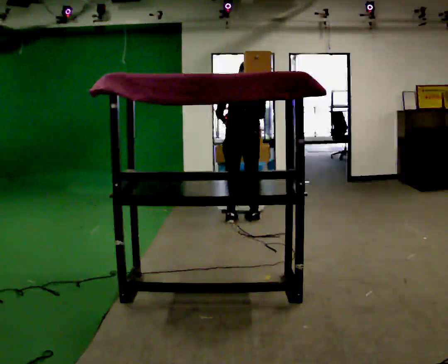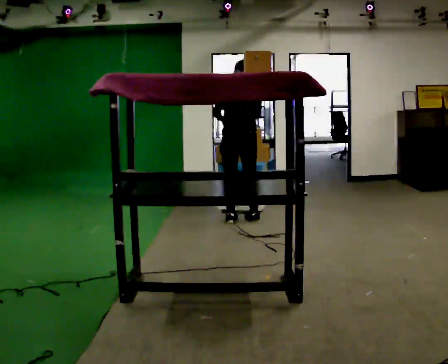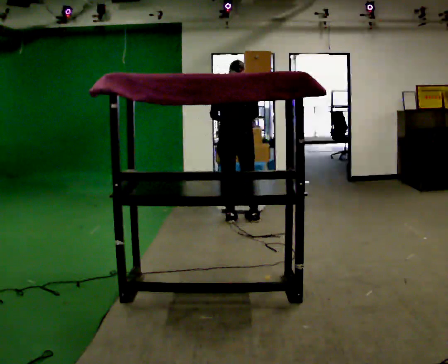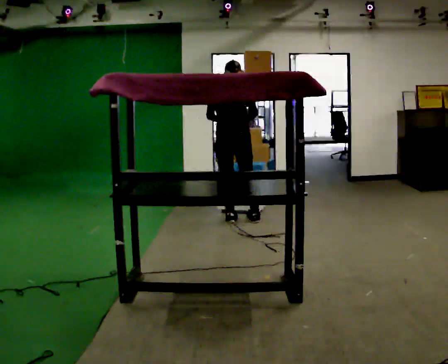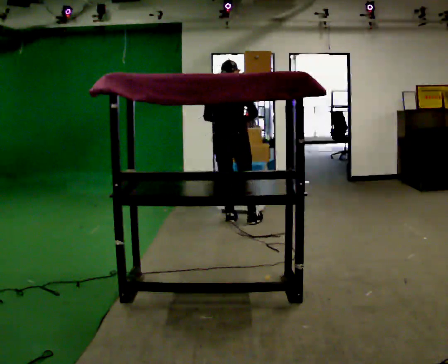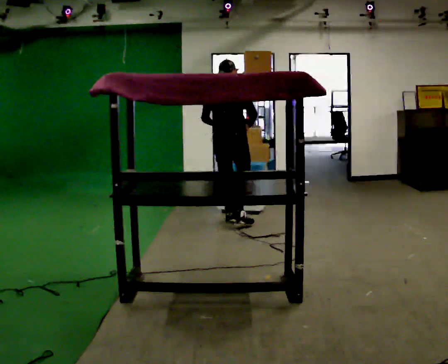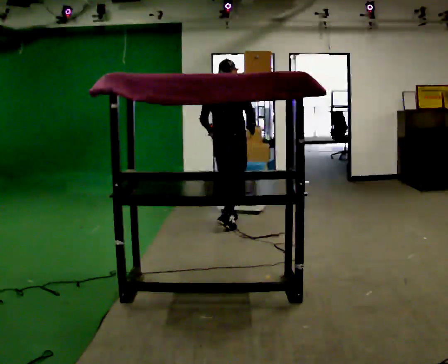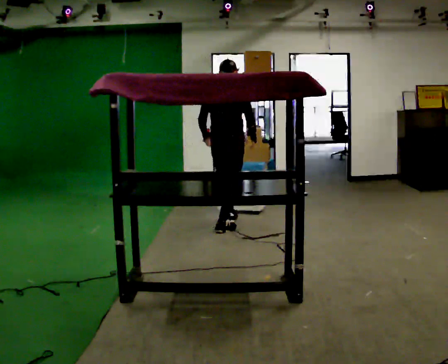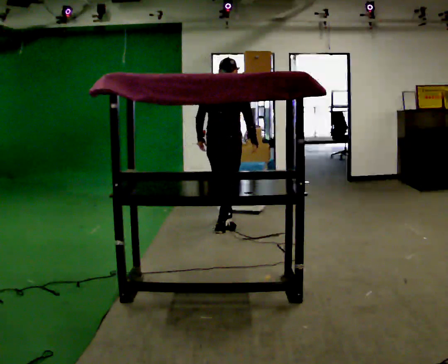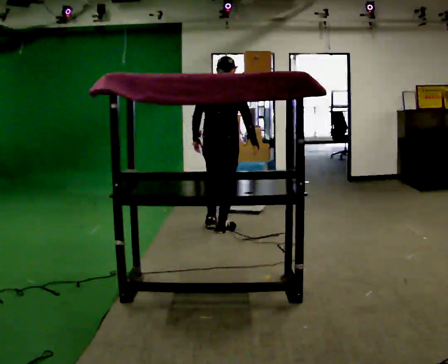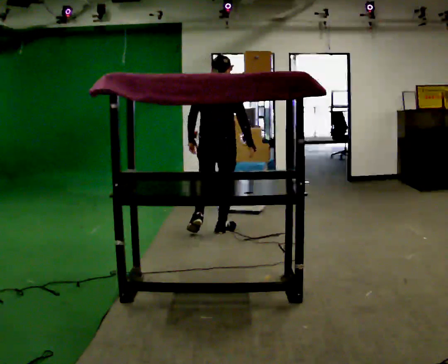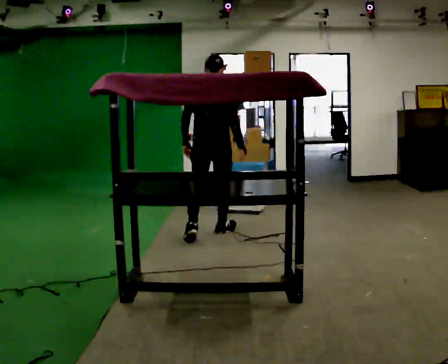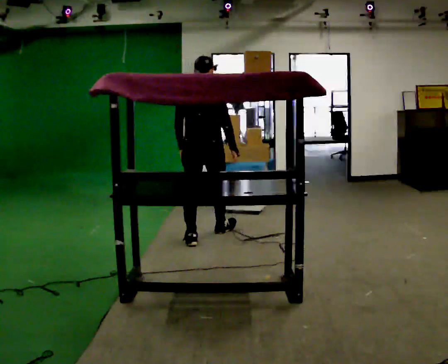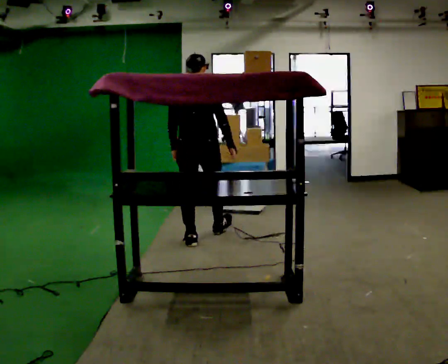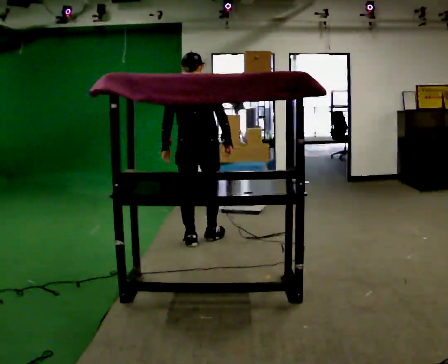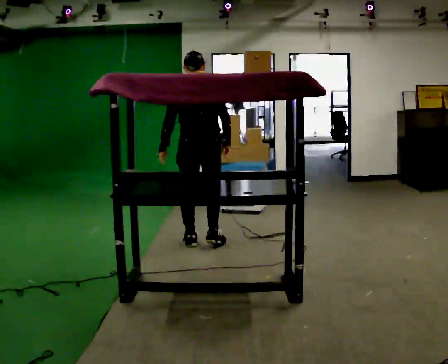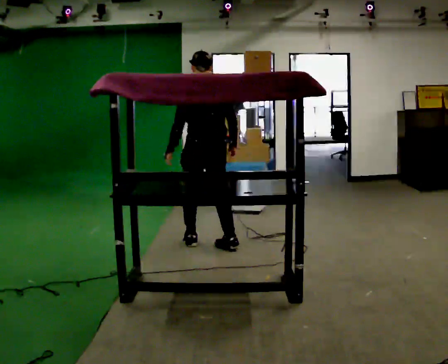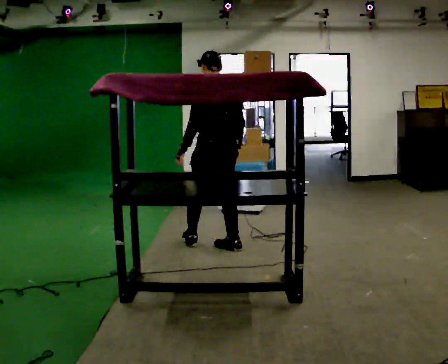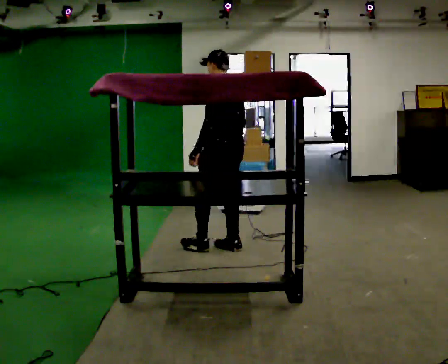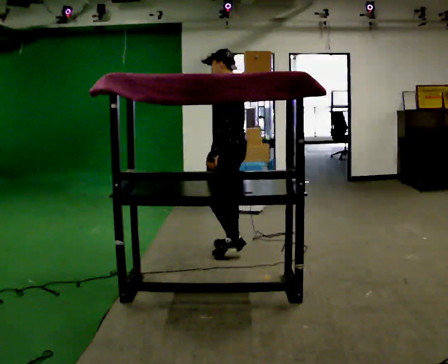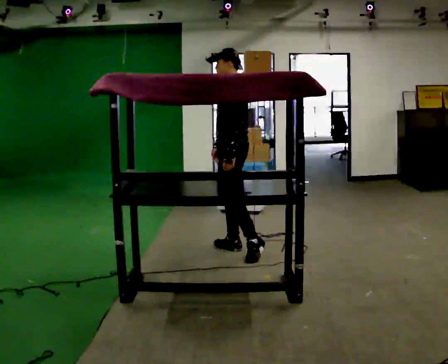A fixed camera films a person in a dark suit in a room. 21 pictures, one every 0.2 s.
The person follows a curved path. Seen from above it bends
counterclockwise.
The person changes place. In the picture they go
toward the camera.
0.0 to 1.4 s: The person turns about 30 degrees to their right, clockwise seen from above, so the part of the body nearest the lens slides to the left. In the picture they go toward the camera and to the left, about 0.25 m in 1 step, which for them is backward.
1.4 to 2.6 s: In the picture they go toward the camera and to the left, about 0.5 m in 2 steps, which for them is backward.
2.6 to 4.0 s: Seen from above the body turns counterclockwise, about 105 degrees: to their left, with its near side sliding to the right. In the picture they go to the right and toward the camera, about 0.5 m in 1 step.
The film runs backward here.
